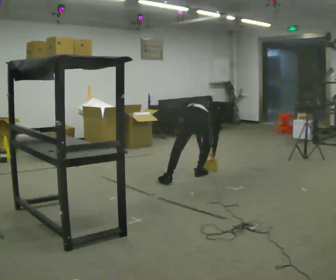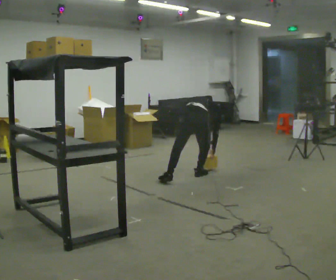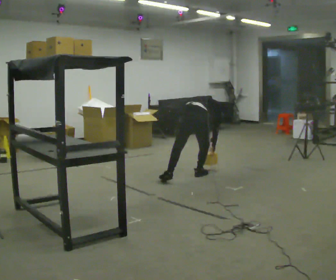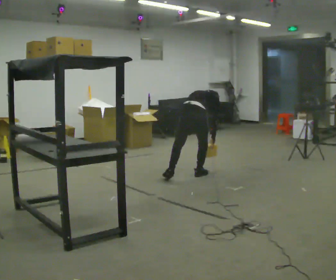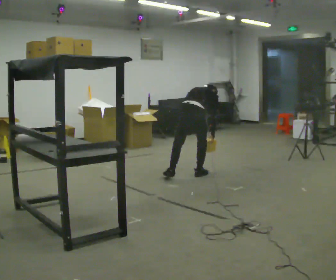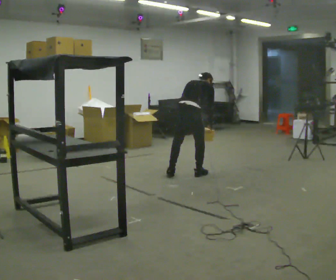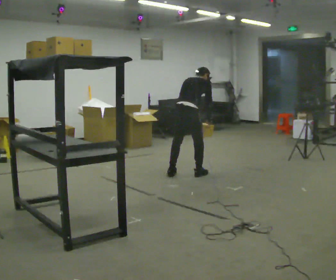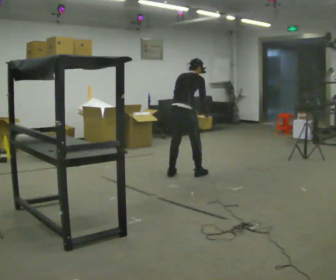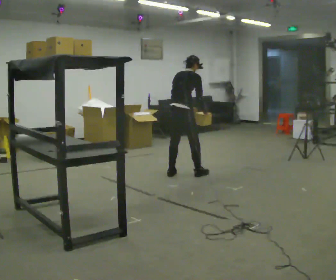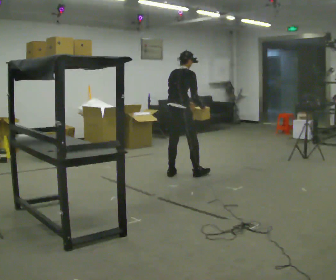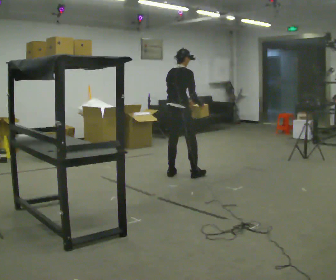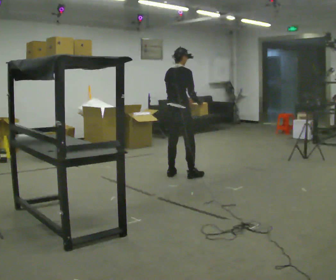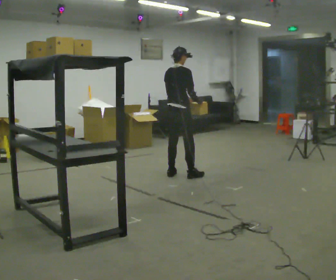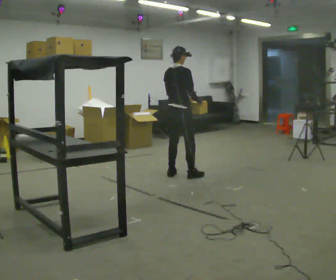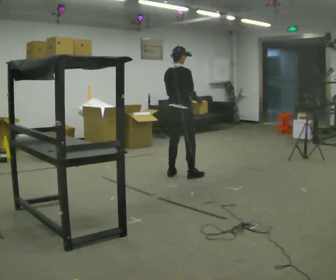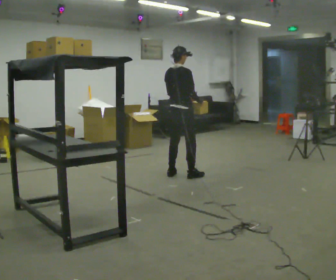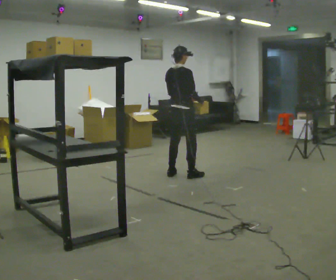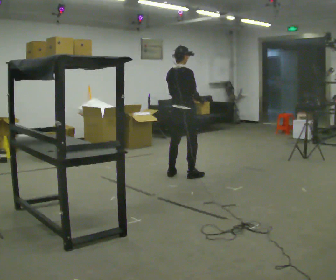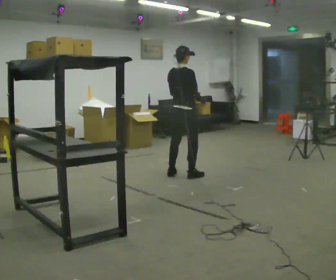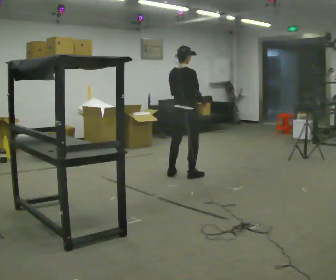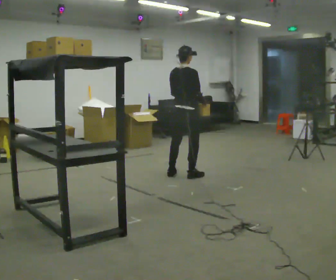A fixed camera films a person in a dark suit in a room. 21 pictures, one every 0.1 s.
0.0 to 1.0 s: In the picture they go to the left, about 0.25 m in 1 step, which for them is to their left. The upper body goes upward. The upper body tips toward the camera, its near side rolling downward, as they lean back or straighten. In the picture their left hand goes upward.
1.0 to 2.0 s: The person moves a little, or ends about where they began.
The film runs forward here.
